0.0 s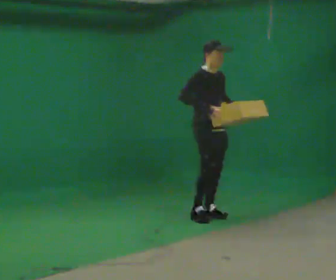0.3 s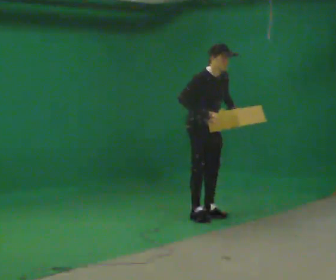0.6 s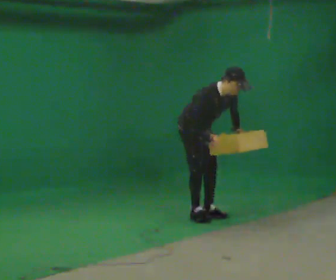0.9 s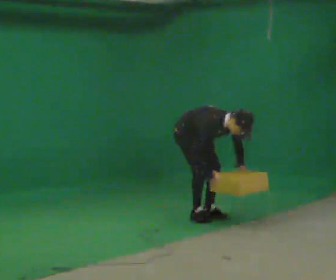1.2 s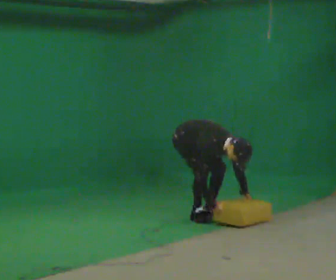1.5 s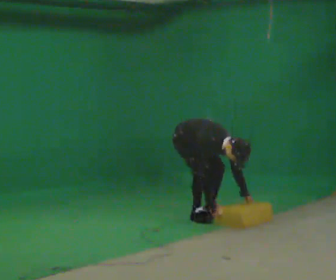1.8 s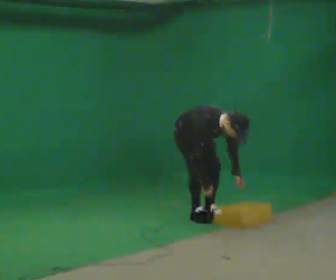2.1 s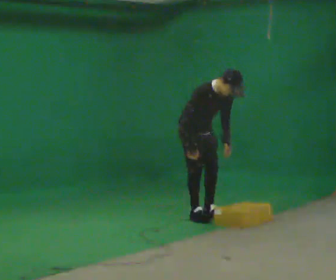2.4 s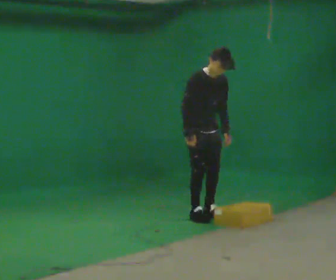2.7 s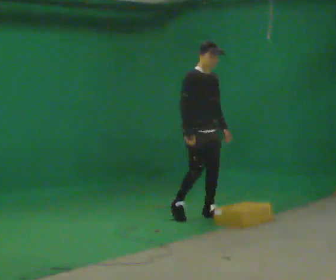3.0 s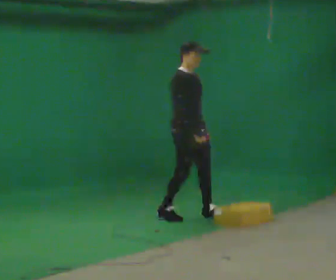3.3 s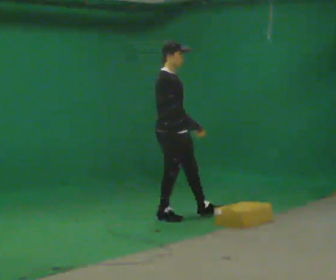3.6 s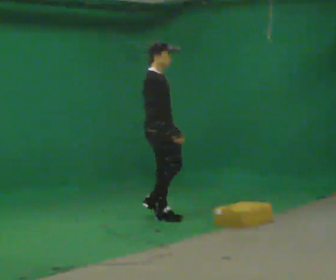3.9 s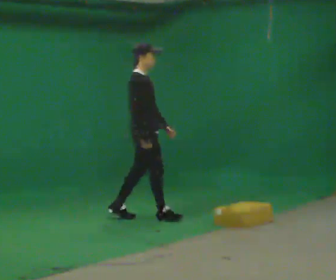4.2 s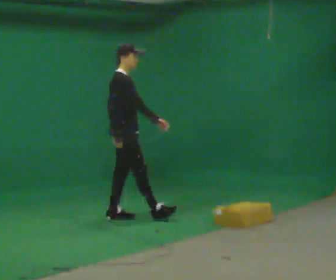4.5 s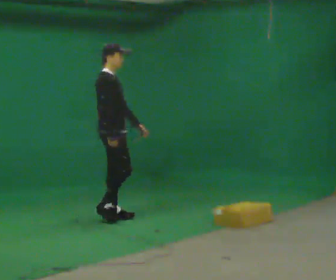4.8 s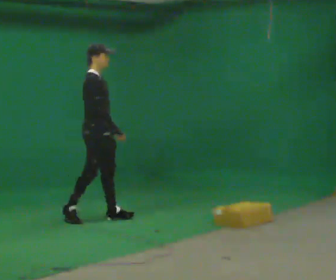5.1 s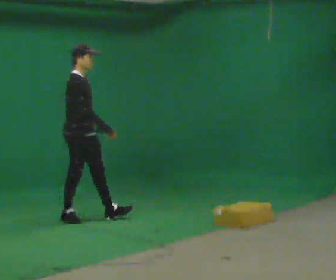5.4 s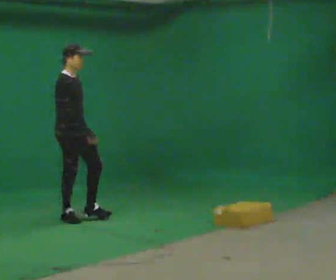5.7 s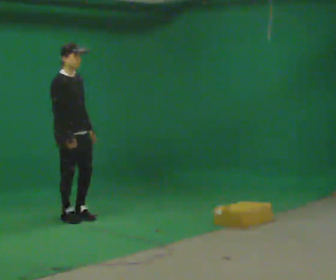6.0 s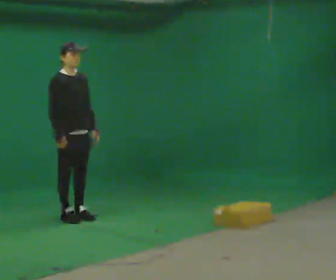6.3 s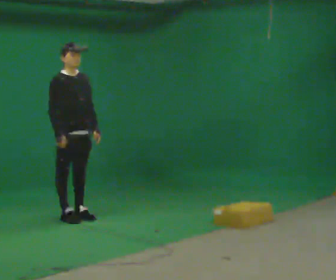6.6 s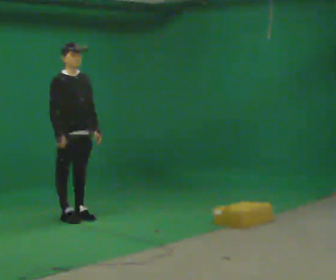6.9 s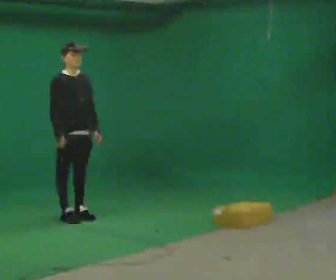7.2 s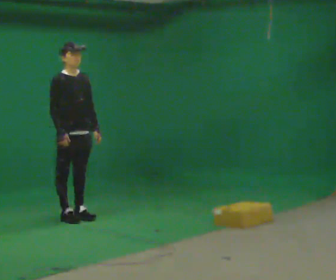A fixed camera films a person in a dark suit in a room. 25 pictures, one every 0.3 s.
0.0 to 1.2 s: In the picture they go to the left, about 0.25 m, which for them is backward. The upper body goes downward. In the picture the upper body tilts clockwise, shoulders to the right, as they bend forward. In the picture their right hand goes downward.
1.2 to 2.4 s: The upper body goes upward. In the picture the upper body tilts counterclockwise, shoulders to the left, as they lean back or straighten. In the picture their left hand goes upward.
2.4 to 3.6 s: Seen from above the body turns counterclockwise, about 45 degrees: to their left, with its near side sliding to the right. In the picture they go to the left, about 0.5 m in 2 steps, which for them is backward and to their right. In the picture the upper body tilts counterclockwise, shoulders to the left, as they lean back or straighten.
3.6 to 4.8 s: In the picture they go to the left, about 0.5 m in 1 step, which for them is backward.
4.8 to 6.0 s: The person turns about 30 degrees to their right, clockwise seen from above, so the part of the body nearest the lens slides to the left. In the picture they go to the left, about 0.25 m in 1 step, which for them is backward.
6.0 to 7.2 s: The person moves a little, or ends about where they began.
The film runs backward here.
